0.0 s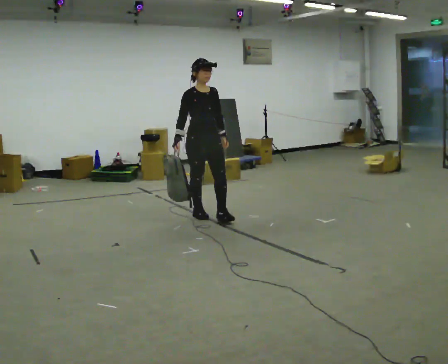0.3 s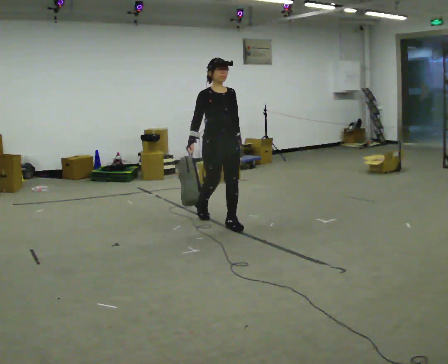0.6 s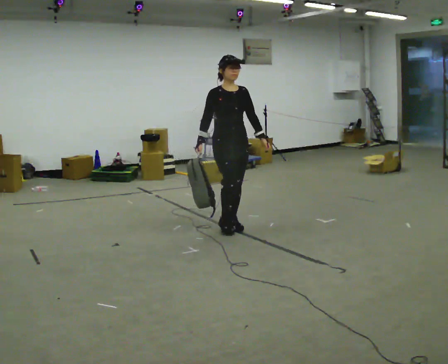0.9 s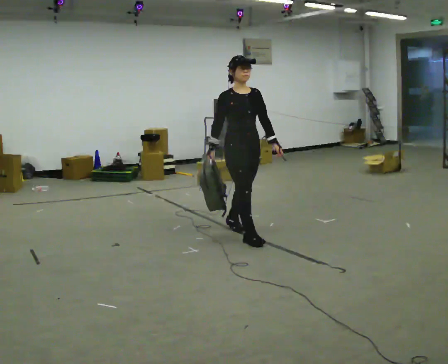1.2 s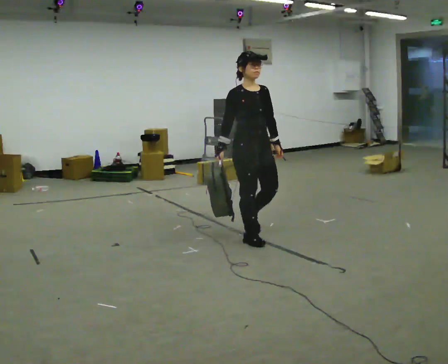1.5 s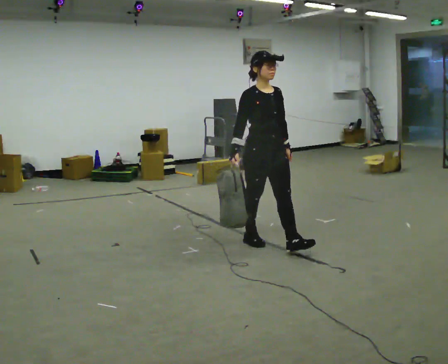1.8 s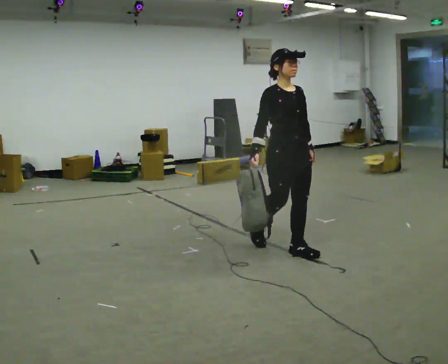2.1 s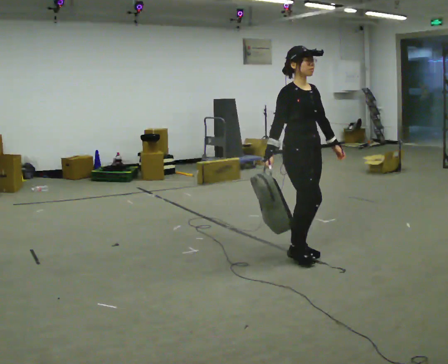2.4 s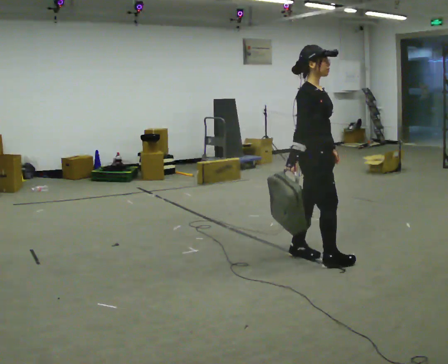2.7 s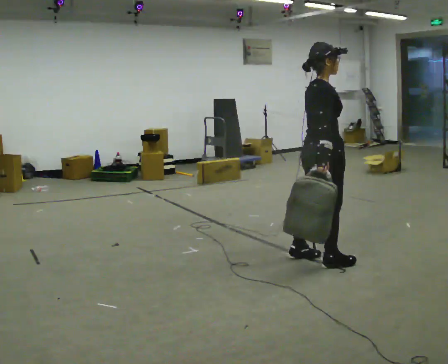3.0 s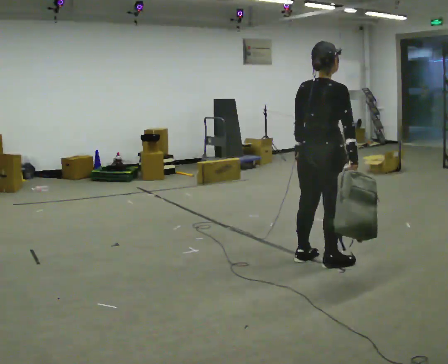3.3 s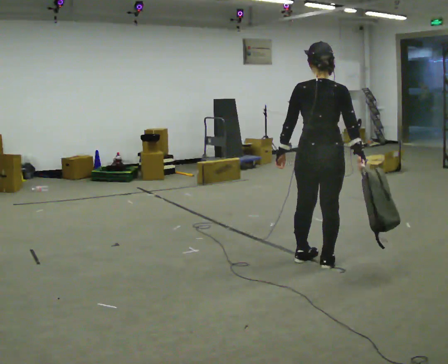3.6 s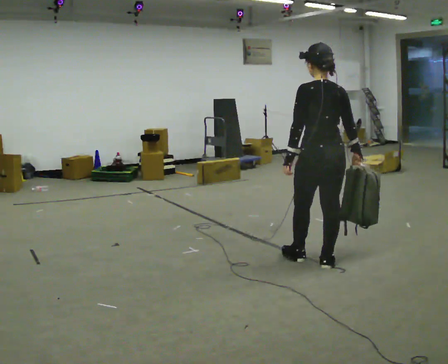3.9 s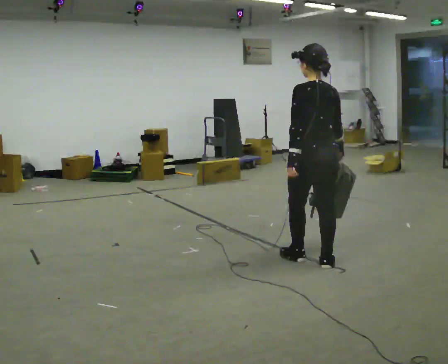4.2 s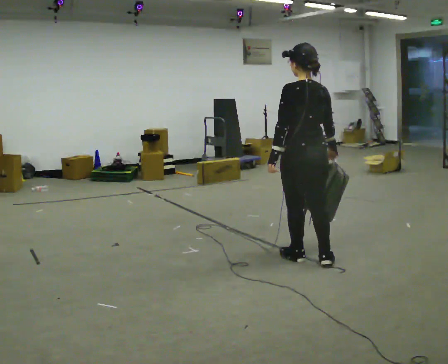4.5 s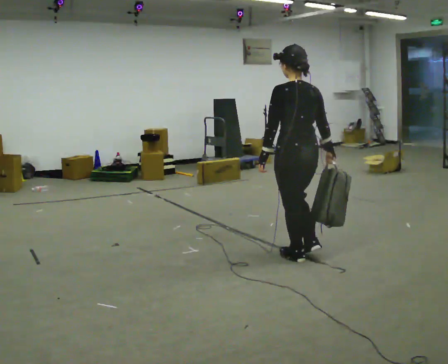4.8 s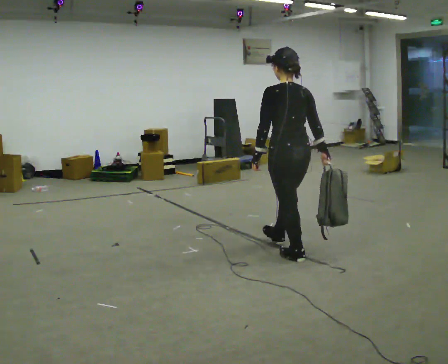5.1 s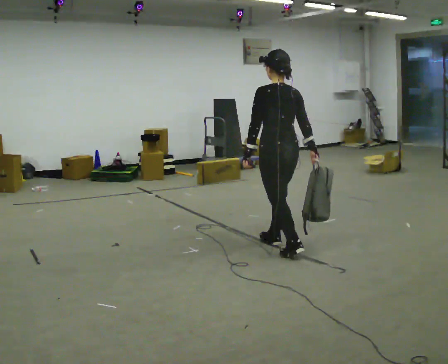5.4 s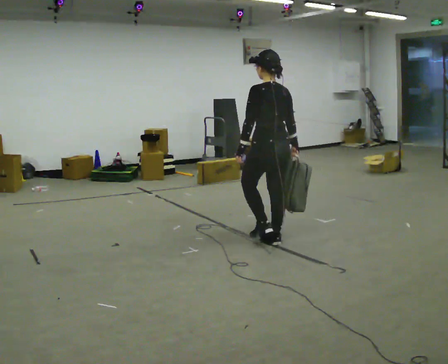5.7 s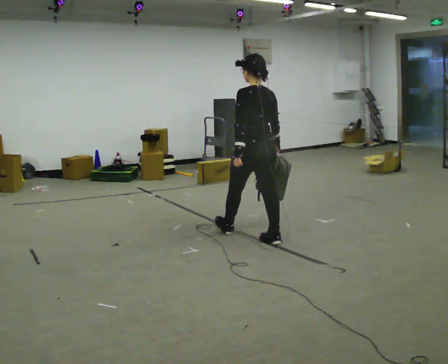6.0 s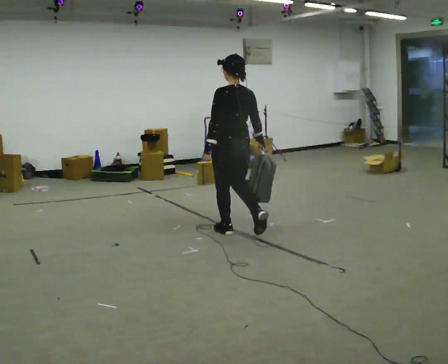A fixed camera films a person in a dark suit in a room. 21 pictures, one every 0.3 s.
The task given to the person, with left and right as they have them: Carry the soft bag across the room, back and forth. It will change shape as you move, so hold it however works.
0.0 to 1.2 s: In the picture they go to the right and toward the camera, about 1 m in 2 steps, which for them is forward.
1.2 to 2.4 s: Seen from above the body turns counterclockwise, about 30 degrees: to their left, with its near side sliding to the right. In the picture they go to the right and toward the camera, about 0.5 m in 2 steps, which for them is forward.
2.4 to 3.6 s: The person turns about 135 degrees to their left, counterclockwise seen from above, so the part of the body nearest the lens slides to the right. In the picture their right hand goes to the right.
3.6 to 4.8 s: In the picture they go to the left and away from the camera, about 0.25 m, which for them is forward and to their left.
4.8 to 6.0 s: In the picture they go to the left and away from the camera, about 1 m in 2 steps, which for them is forward.
The film runs forward here.
